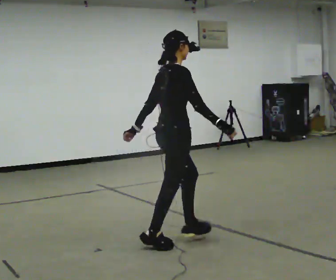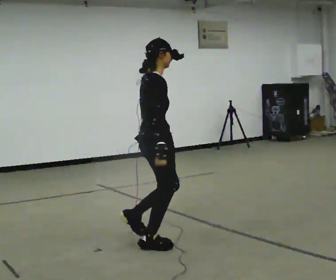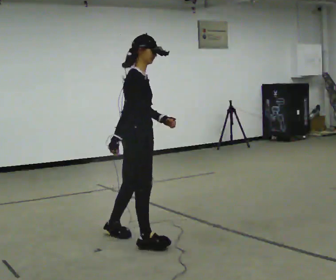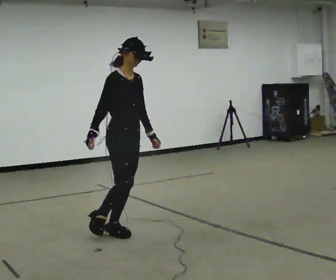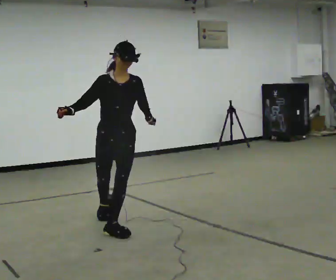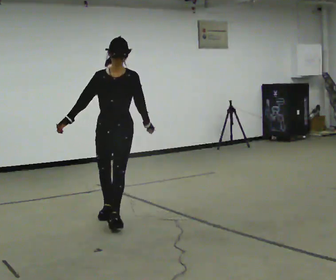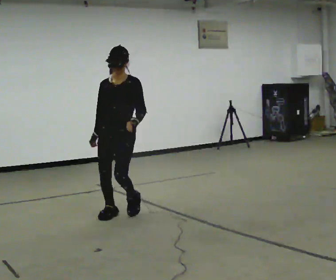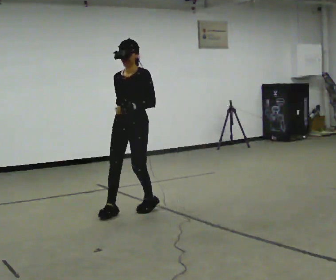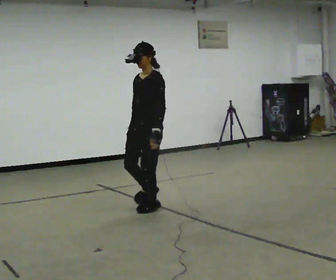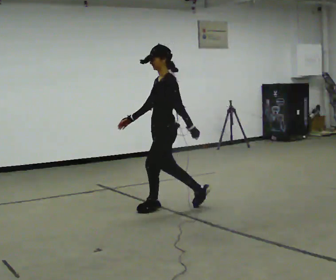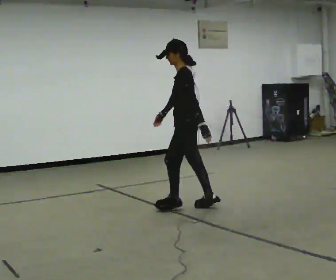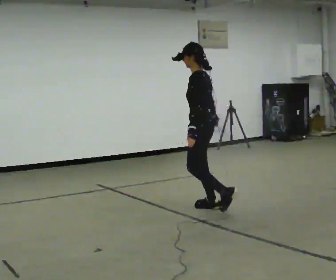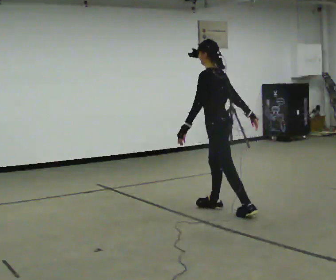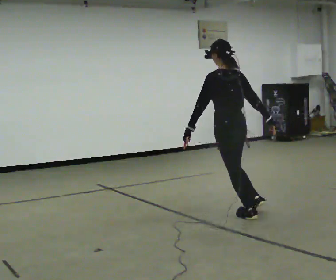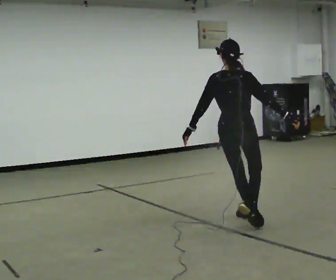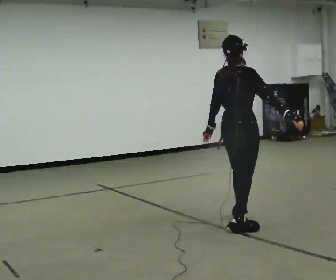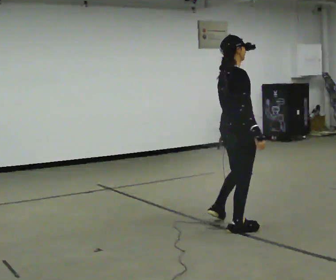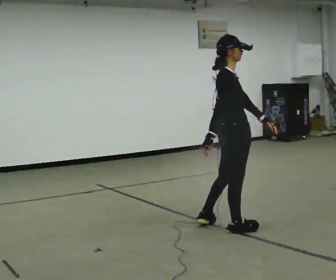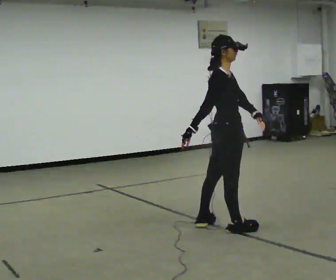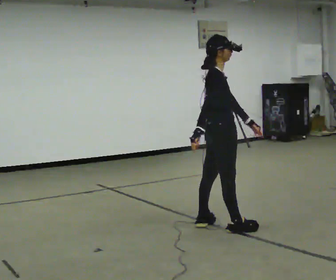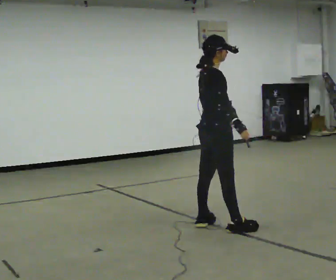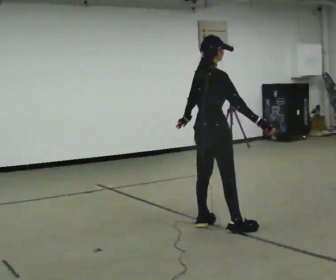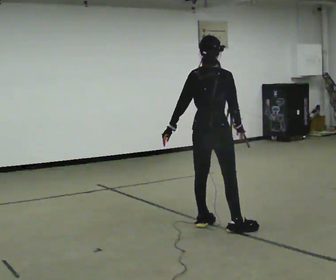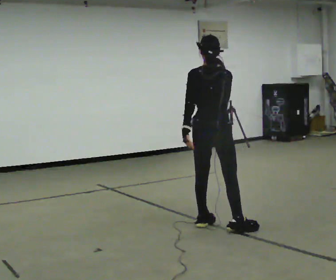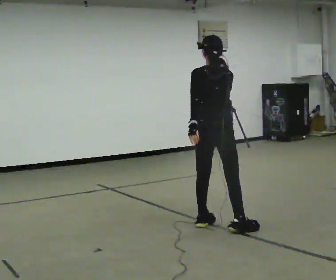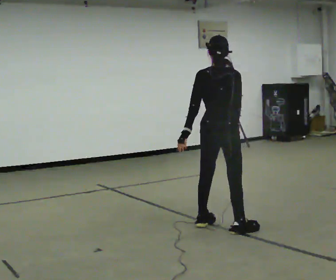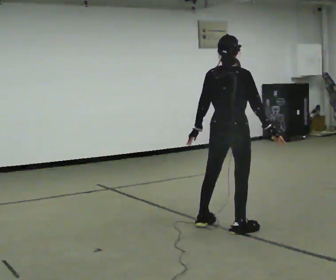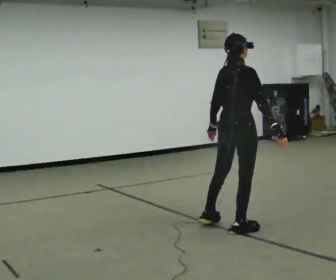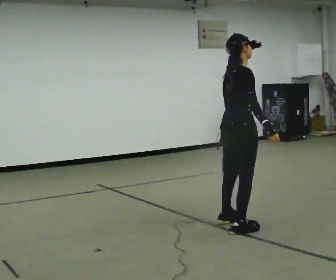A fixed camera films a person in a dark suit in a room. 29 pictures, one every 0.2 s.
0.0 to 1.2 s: The part of the body nearest the lens slides to the left as the person turns to their right by about 120 degrees. In the picture they go away from the camera and to the left, about 1 m in 2 steps.
1.2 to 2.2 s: The part of the body nearest the lens slides to the left as the person turns to their right by about 90 degrees. In the picture they go to the right and away from the camera, about 1 m in 2 steps.
2.2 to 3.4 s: Seen from above the body turns clockwise, about 165 degrees: to their right, with its near side sliding to the left. In the picture they go toward the camera and to the right, about 0.75 m in 2 steps.
3.4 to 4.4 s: The part of the body nearest the lens slides to the right as the person turns to their left by about 30 degrees. In the picture they go to the left, about 0.25 m, which for them is backward and to their left. In the picture their left hand goes to the left, the arm swinging clockwise.
4.4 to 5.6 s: In the picture they go to the right, about 0.25 m in 1 step, which for them is to their right.
The film runs backward here.
